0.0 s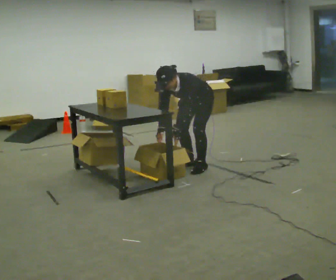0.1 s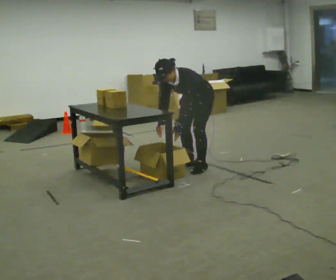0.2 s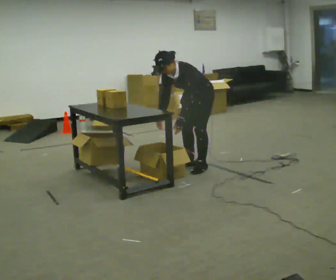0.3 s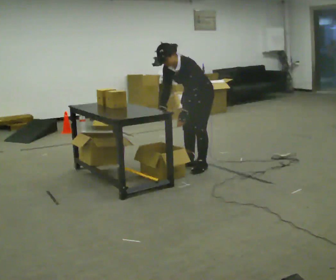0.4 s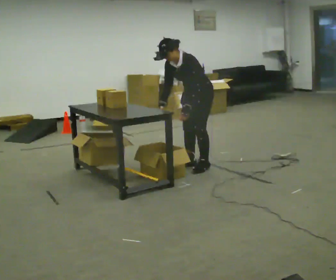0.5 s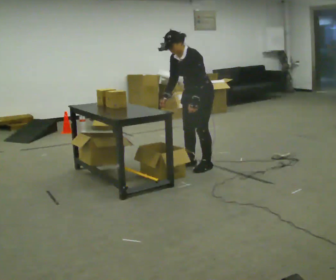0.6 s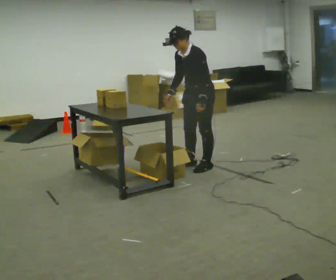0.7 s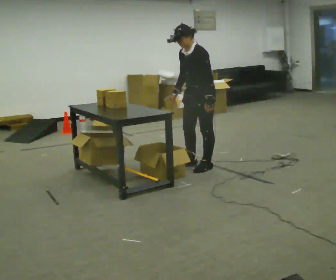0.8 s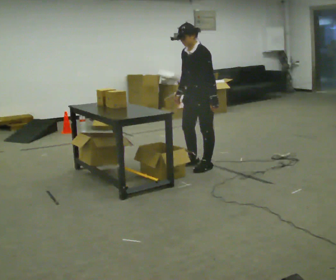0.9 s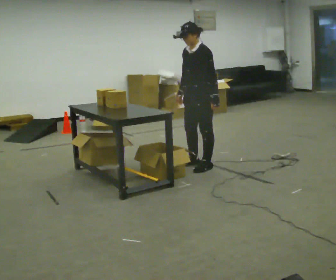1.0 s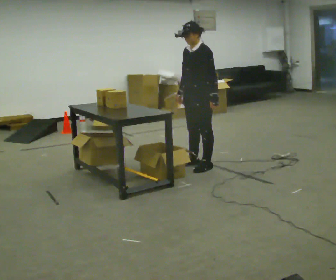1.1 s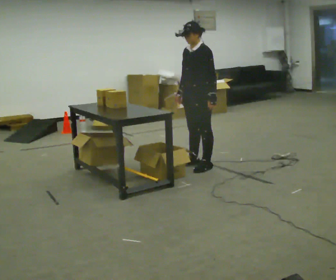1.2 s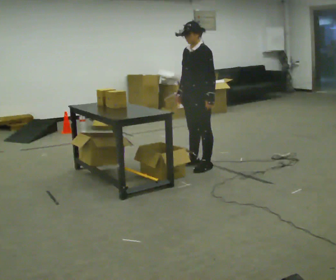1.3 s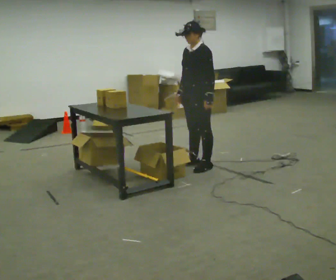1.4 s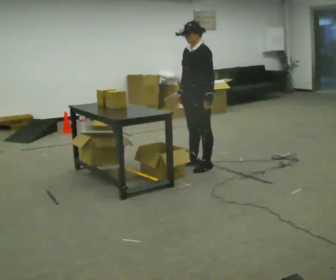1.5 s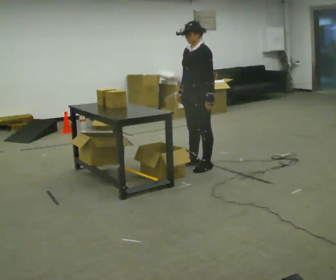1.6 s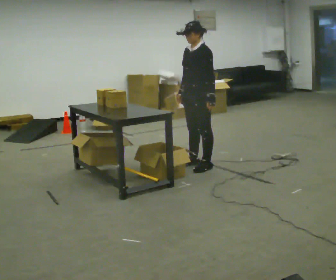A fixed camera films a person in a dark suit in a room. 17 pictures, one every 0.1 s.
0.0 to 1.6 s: The upper body goes upward. The upper body tips away from the camera, its near side rolling upward, as they lean back or straighten. In the picture their right hand goes upward.
The film runs backward here.
